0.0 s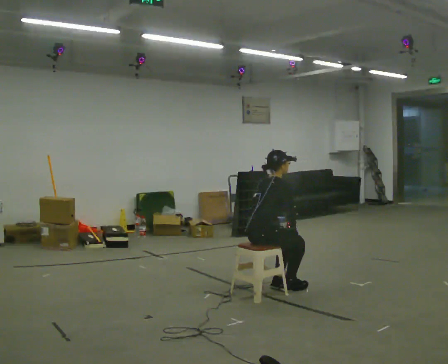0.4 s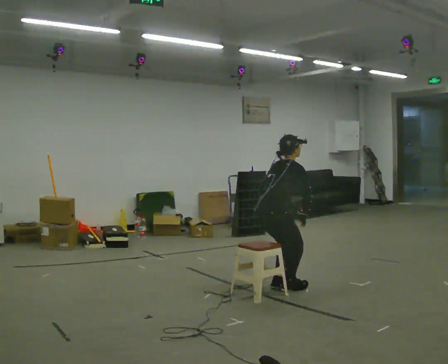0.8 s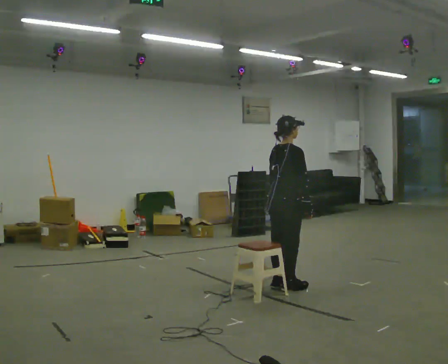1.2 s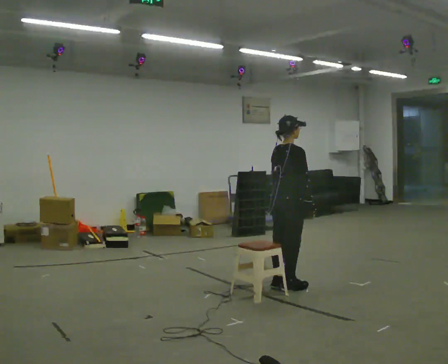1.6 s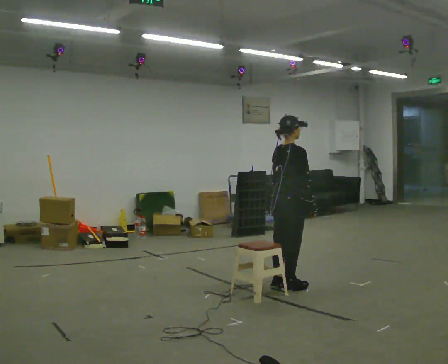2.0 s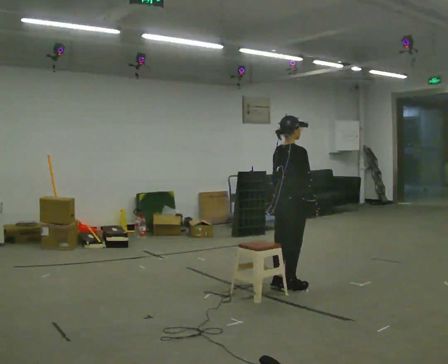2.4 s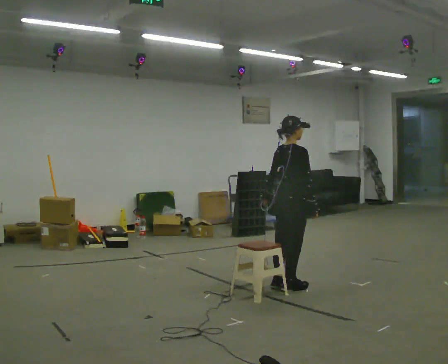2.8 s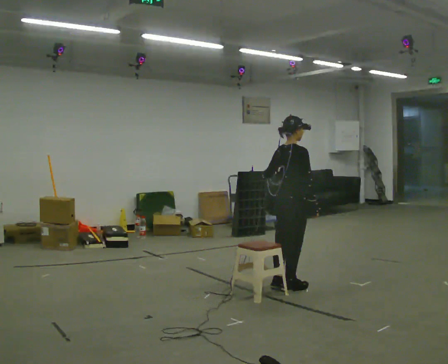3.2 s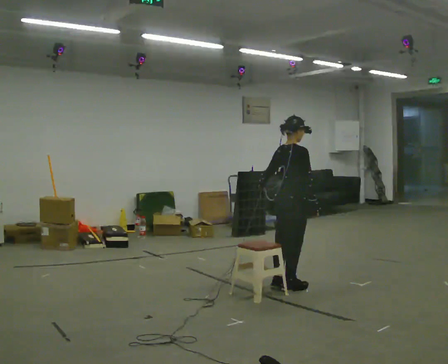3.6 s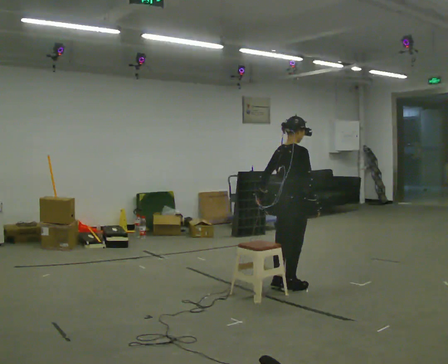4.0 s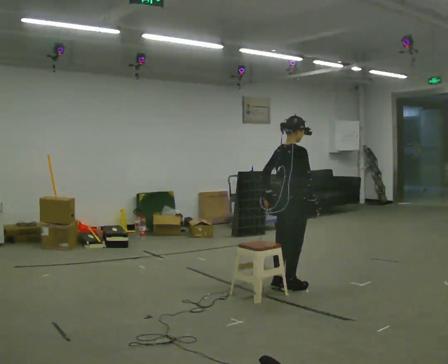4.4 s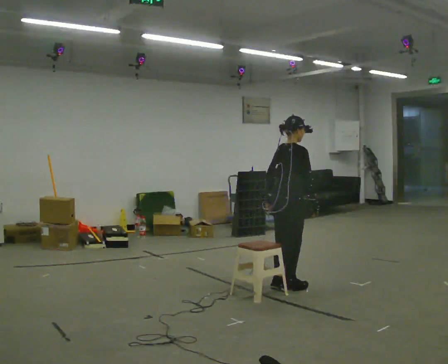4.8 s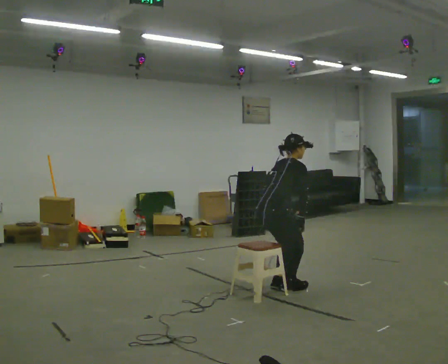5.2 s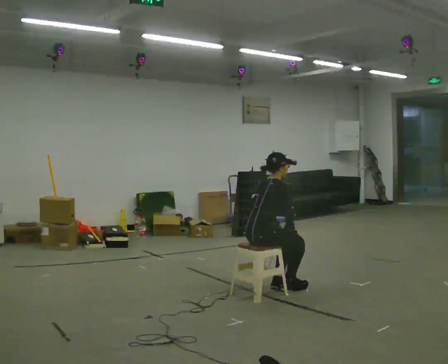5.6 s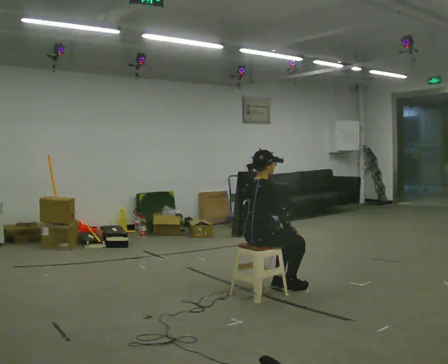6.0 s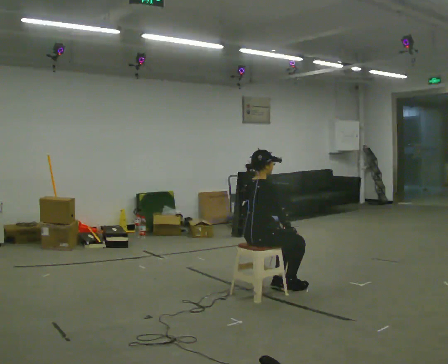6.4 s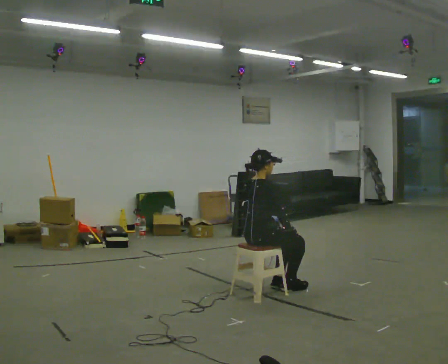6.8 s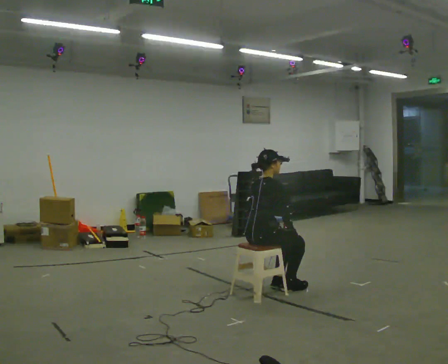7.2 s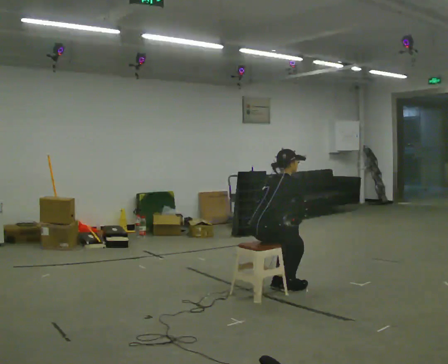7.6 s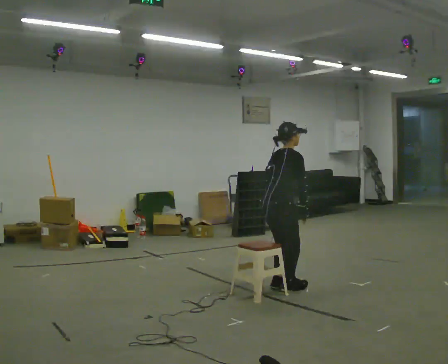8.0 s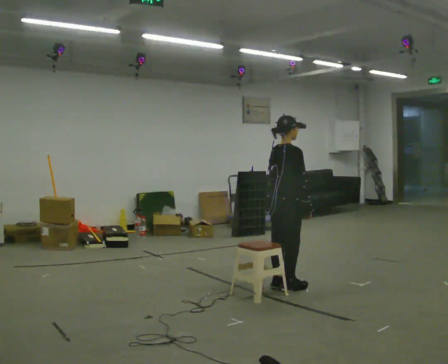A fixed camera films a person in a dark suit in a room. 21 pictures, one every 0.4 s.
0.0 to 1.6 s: In the picture they go to the right and away from the camera, about 0.25 m, which for them is forward. The upper body goes upward.
1.6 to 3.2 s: The person moves a little, or ends about where they began.
3.2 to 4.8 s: In the picture the upper body tilts clockwise, shoulders to the right, as they bend forward. In the picture their left hand goes downward.
4.8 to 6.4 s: The upper body goes downward. In the picture the upper body tilts counterclockwise, shoulders to the left, as they lean back or straighten.
6.4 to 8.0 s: In the picture they go to the right and away from the camera, about 0.25 m, which for them is forward. The upper body goes upward.
The film runs backward here.
